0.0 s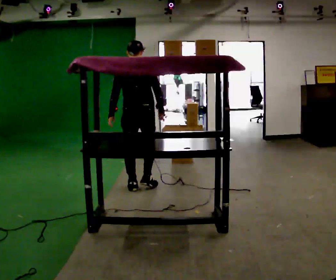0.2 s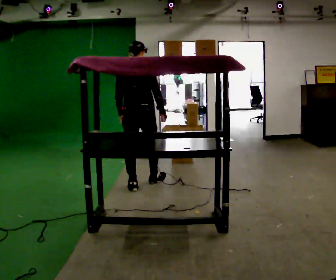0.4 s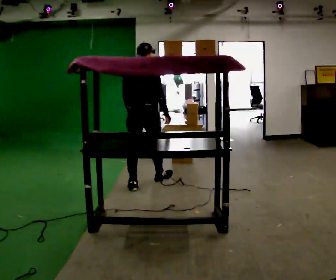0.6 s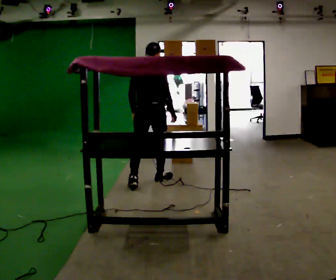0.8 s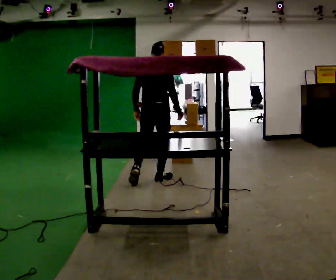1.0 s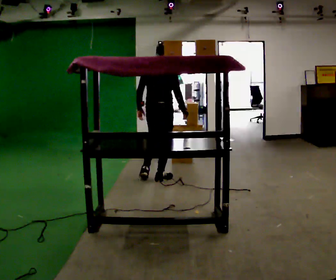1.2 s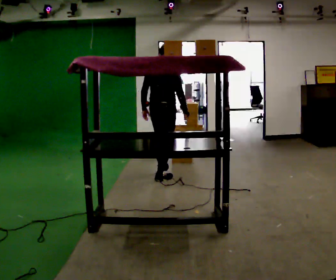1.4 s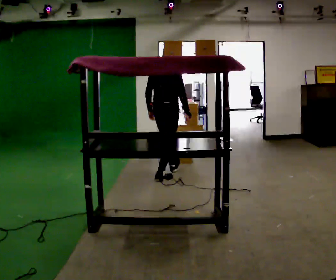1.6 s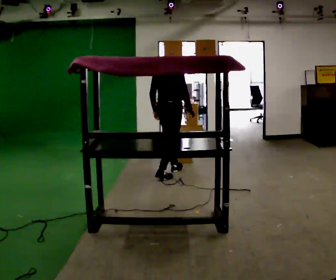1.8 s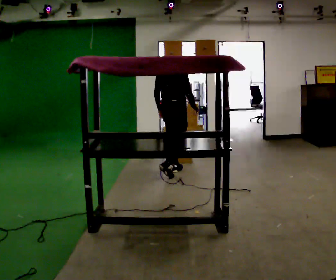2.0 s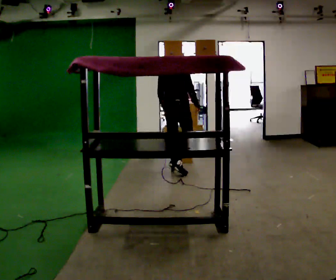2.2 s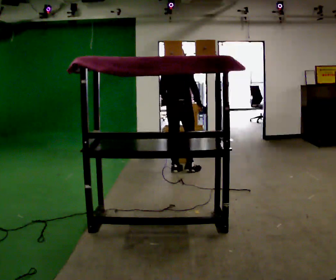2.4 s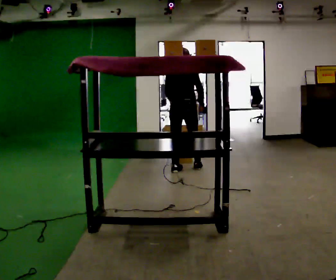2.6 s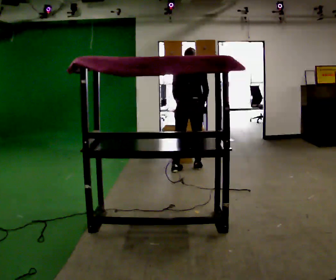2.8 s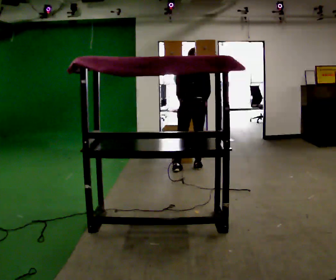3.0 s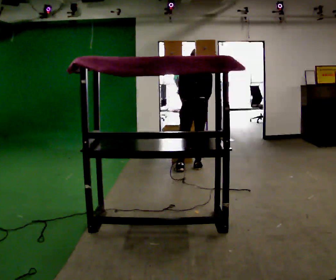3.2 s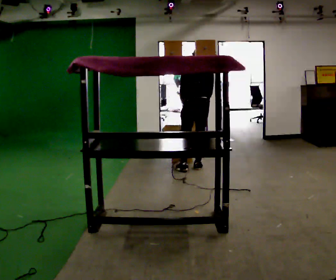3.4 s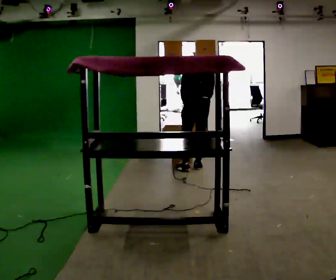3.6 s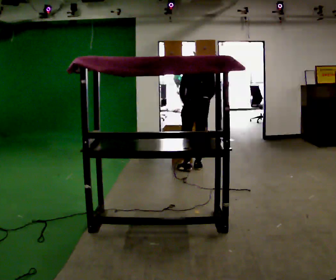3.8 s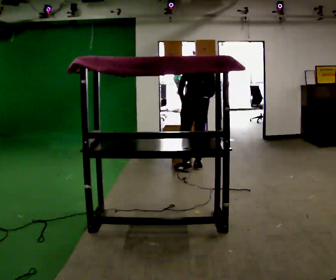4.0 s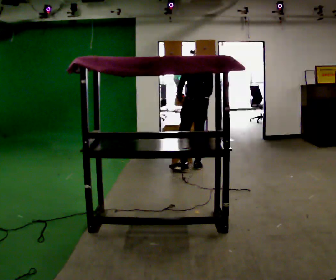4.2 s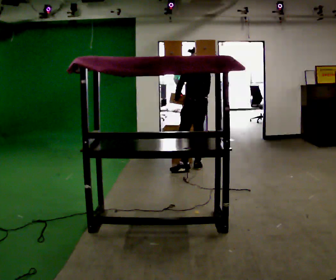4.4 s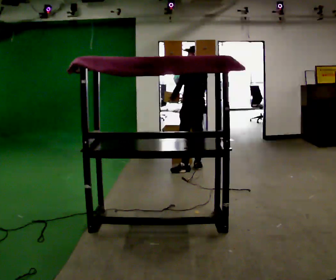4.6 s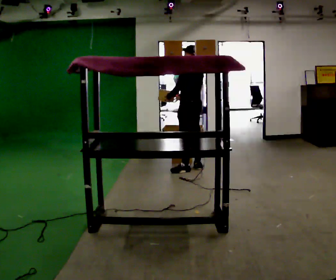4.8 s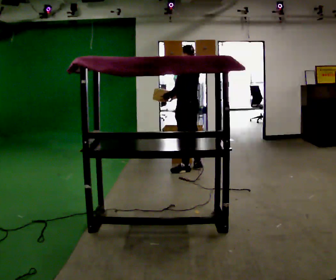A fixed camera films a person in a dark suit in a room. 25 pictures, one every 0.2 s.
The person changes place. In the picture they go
away from the camera.
Their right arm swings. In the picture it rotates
clockwise.
0.0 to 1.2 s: The part of the body nearest the lens slides to the left as the person turns to their right by about 30 degrees. In the picture they go away from the camera and to the right, about 0.5 m in 1 step, which for them is forward.
1.2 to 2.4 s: In the picture they go away from the camera and to the right, about 0.5 m in 2 steps, which for them is forward.
2.4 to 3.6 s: The person turns about 30 degrees to their left, counterclockwise seen from above, so the part of the body nearest the lens slides to the right. In the picture they go to the right, about 0.25 m, which for them is to their right.
3.6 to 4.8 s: The part of the body nearest the lens slides to the right as the person turns to their left by about 45 degrees. The upper body tips toward the camera, its near side rolling downward, as they lean back or straighten.
The film runs forward here.
